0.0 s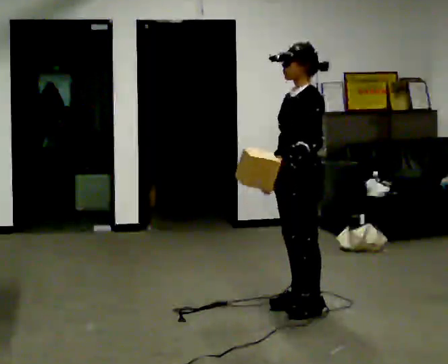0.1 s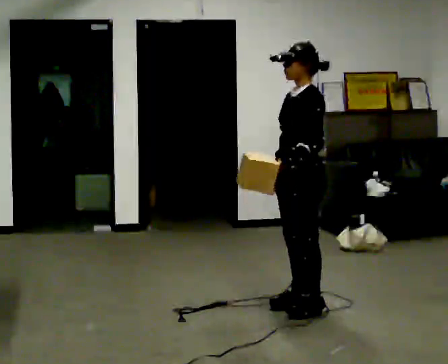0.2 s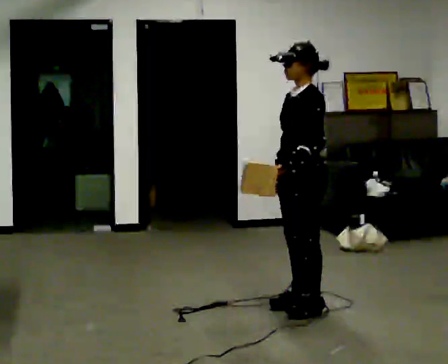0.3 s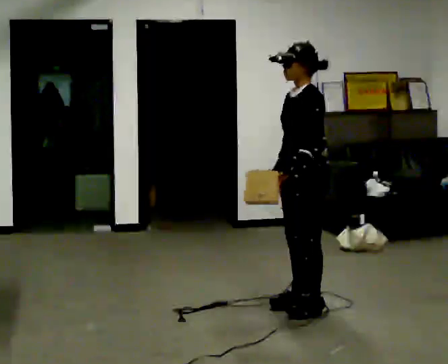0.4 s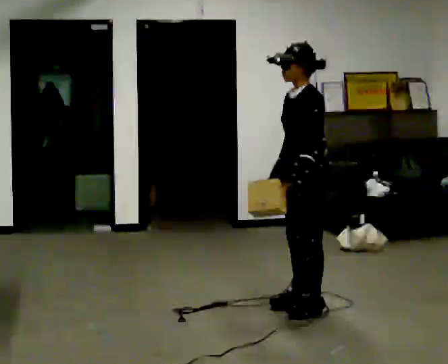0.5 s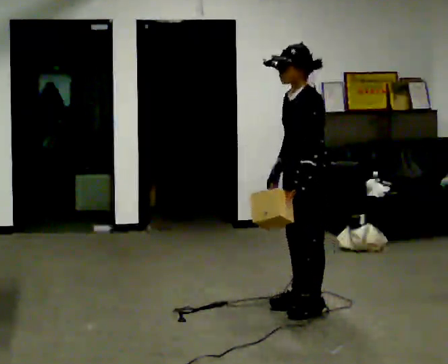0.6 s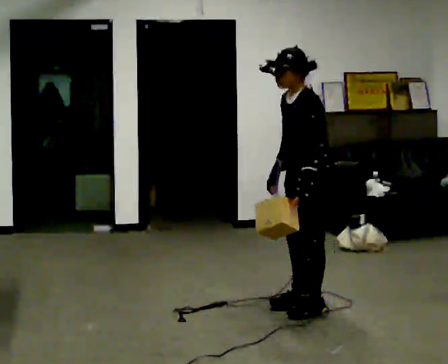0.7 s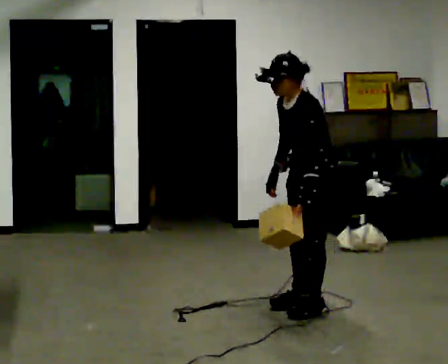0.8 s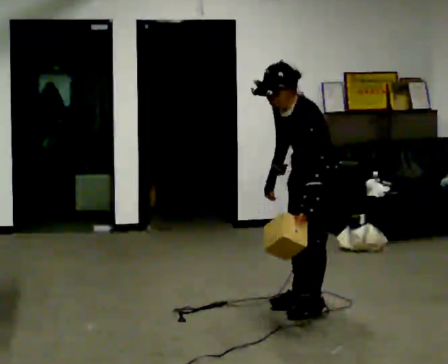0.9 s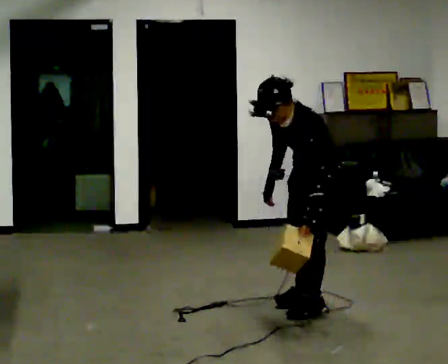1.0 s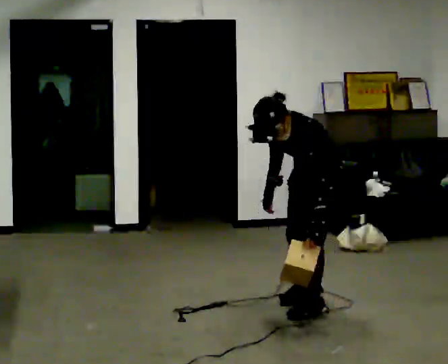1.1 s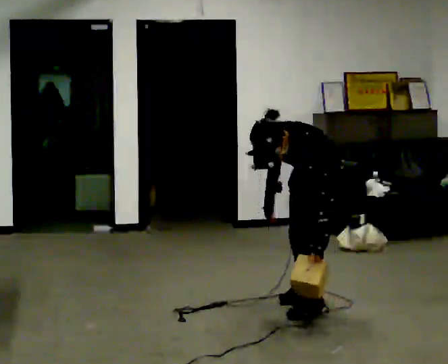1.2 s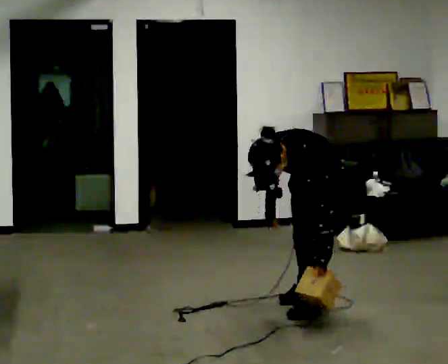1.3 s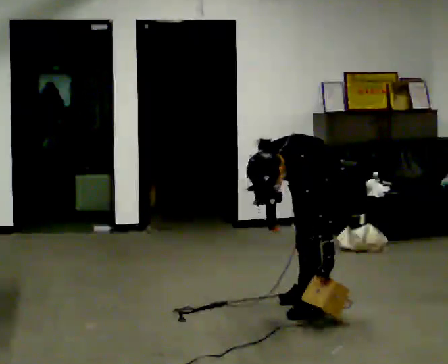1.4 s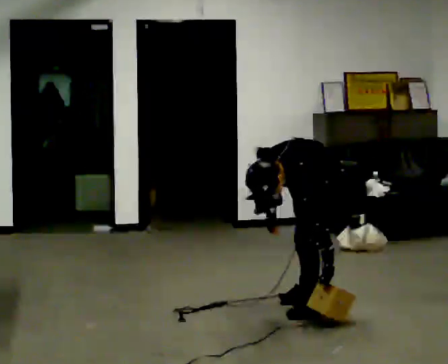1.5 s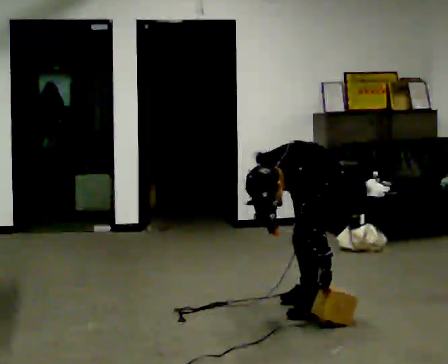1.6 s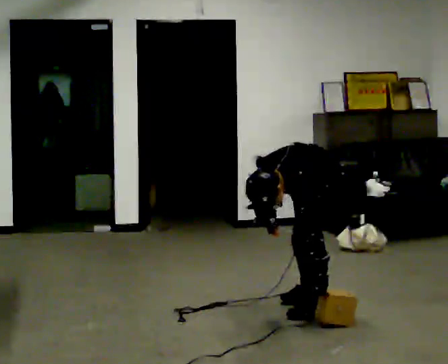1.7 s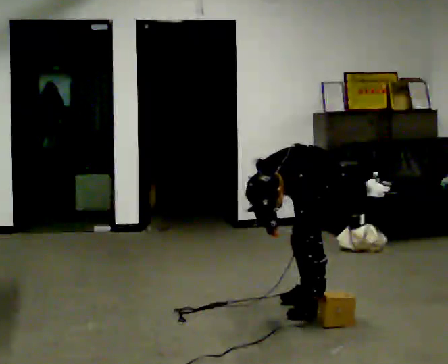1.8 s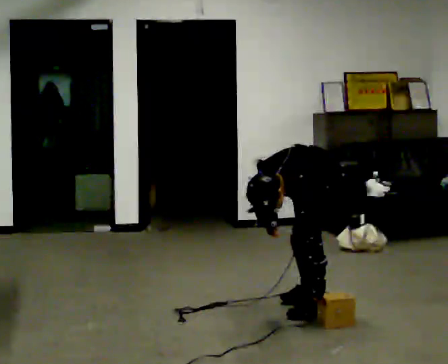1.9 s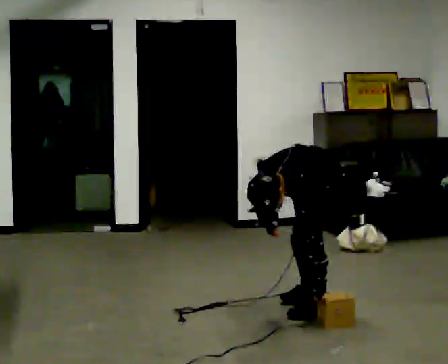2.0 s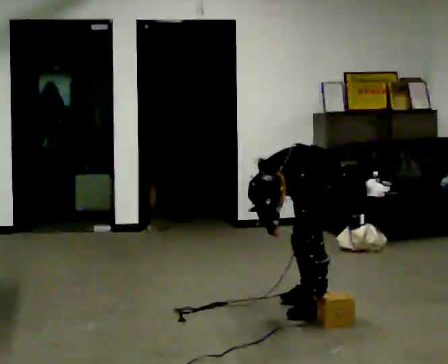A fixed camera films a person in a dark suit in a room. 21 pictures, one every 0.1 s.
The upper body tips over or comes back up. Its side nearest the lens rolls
downward.
Their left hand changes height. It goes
downward.
0.0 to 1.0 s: The upper body goes downward. The upper body tips toward the camera, its near side rolling downward, as they bend forward. In the picture their left hand goes downward.
1.0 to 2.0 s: The shoulders move downward. The upper body tips toward the camera, its near side rolling downward, as they bend forward.
The film runs backward here.
